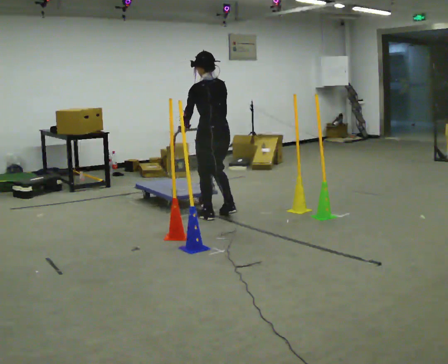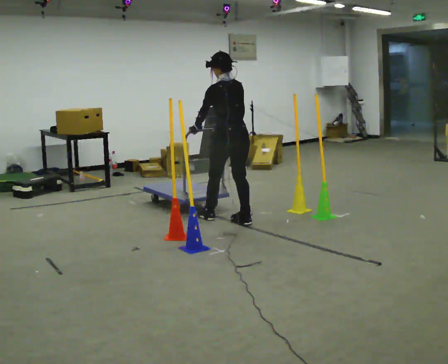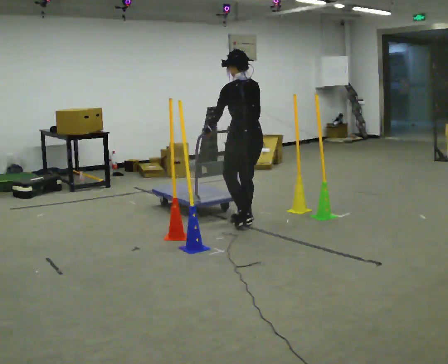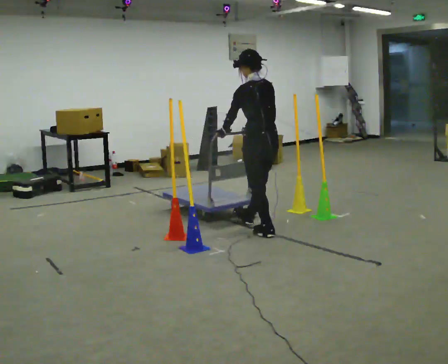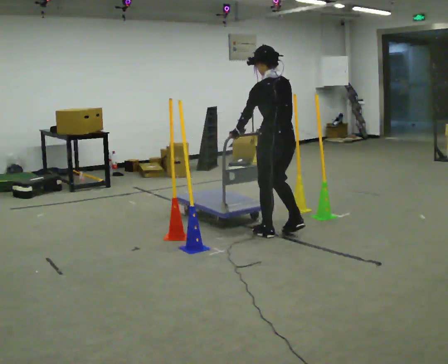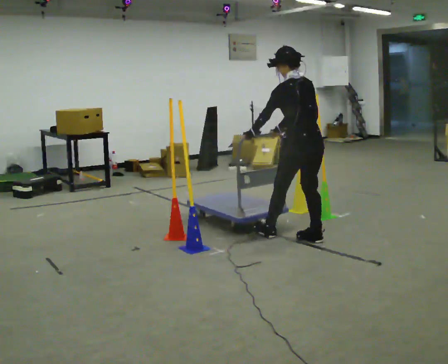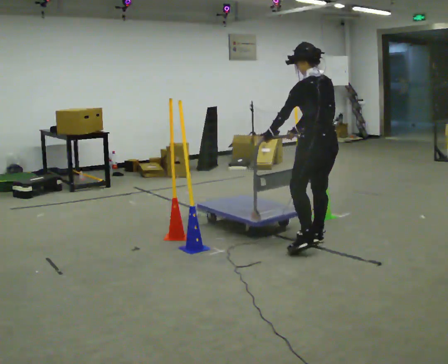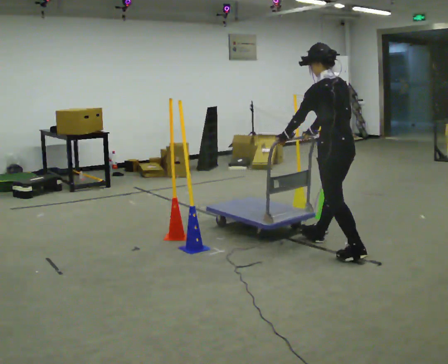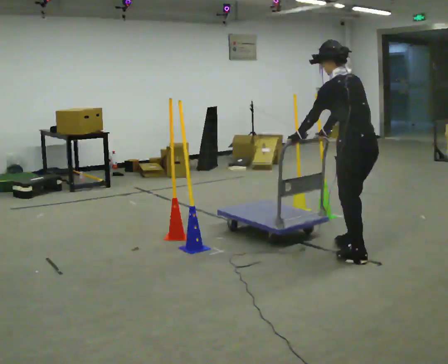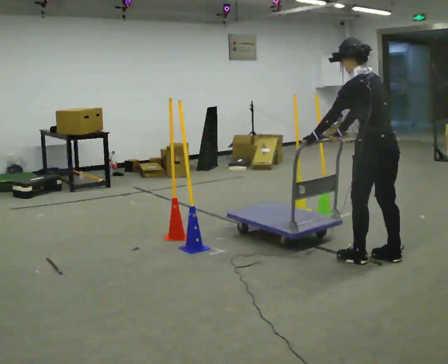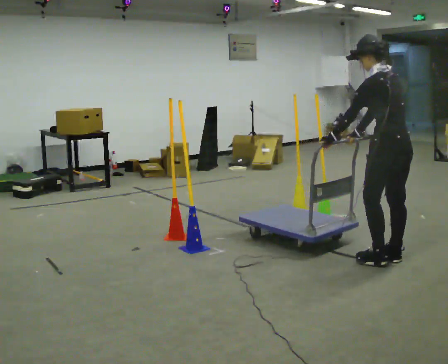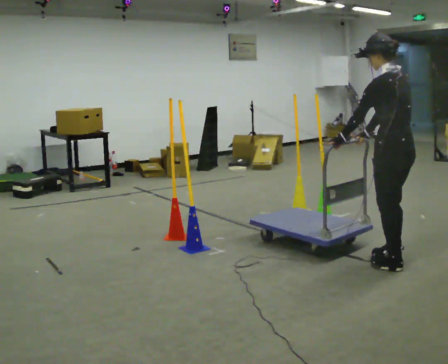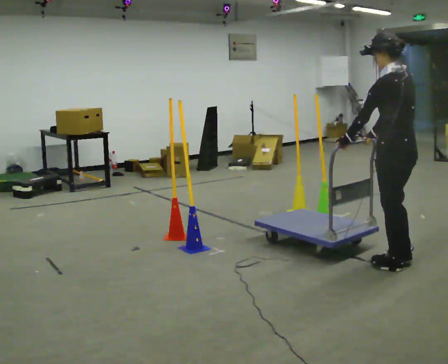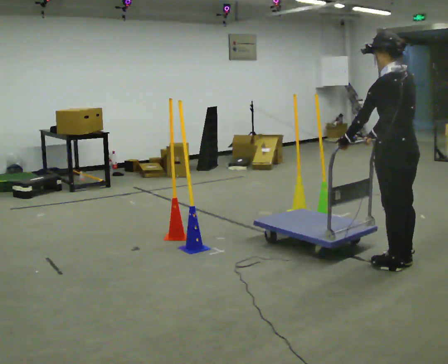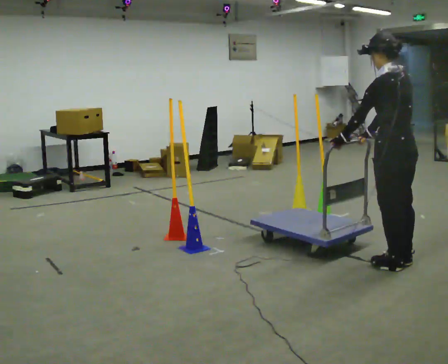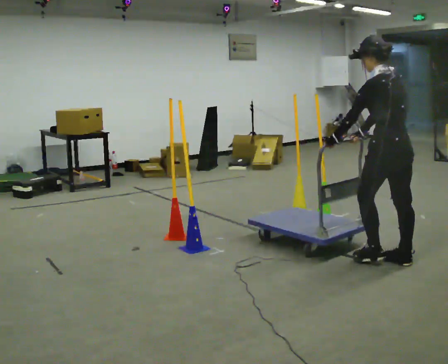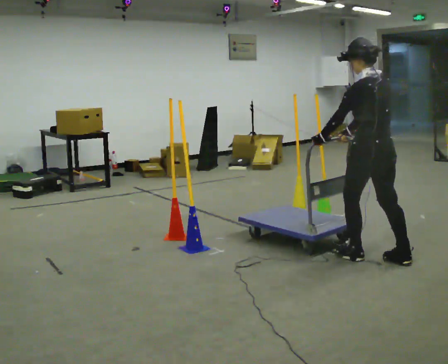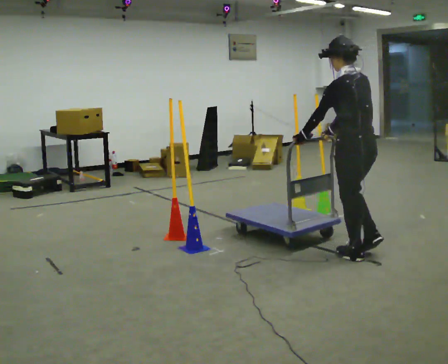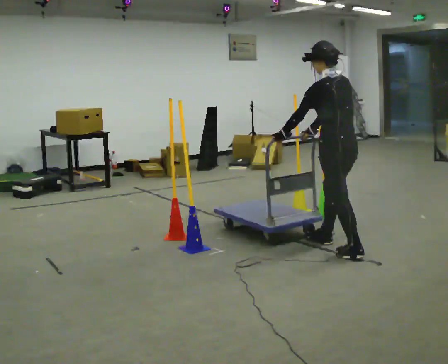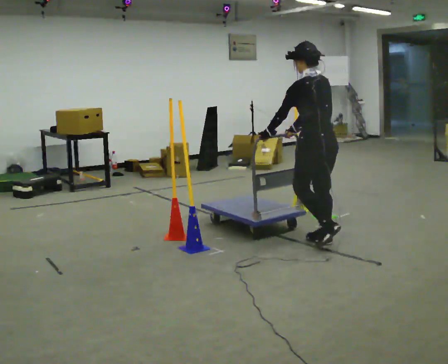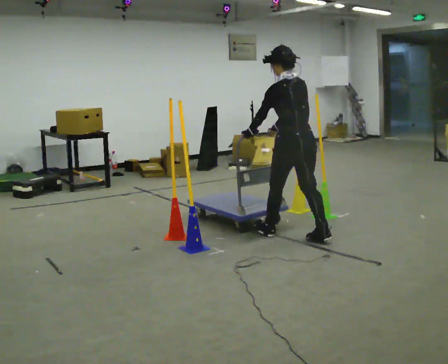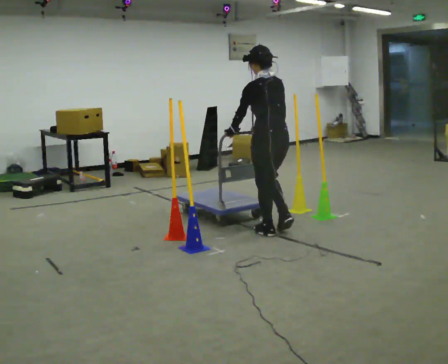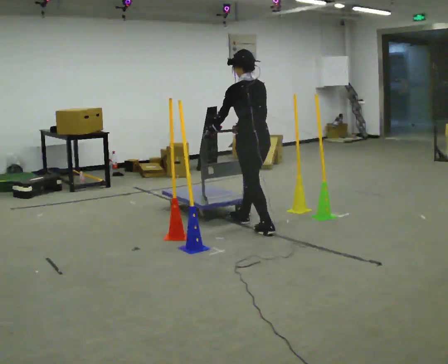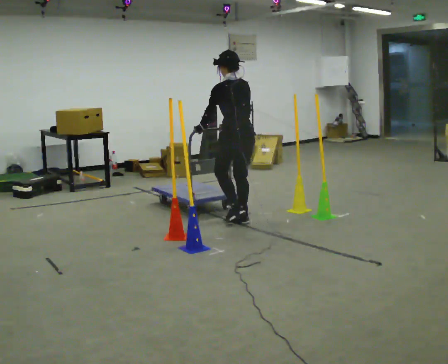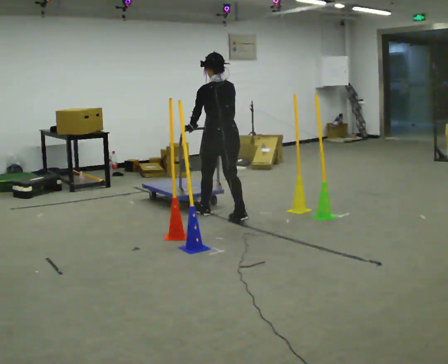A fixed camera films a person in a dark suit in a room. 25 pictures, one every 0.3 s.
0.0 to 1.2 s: In the picture they go to the right and toward the camera, about 1 m in 2 steps, which for them is backward.
1.2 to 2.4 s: In the picture they go to the right and toward the camera, about 1 m in 2 steps, which for them is backward.
2.4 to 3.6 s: In the picture they go to the right and toward the camera, about 0.25 m in 2 steps, which for them is backward. In the picture the upper body tilts clockwise, shoulders to the right, as they lean back or straighten.
3.6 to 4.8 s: In the picture they go to the left and away from the camera, about 0.25 m in 1 step, which for them is forward.
4.8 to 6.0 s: In the picture they go to the left and away from the camera, about 1 m in 2 steps, which for them is forward.
6.0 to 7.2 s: In the picture they go to the left and away from the camera, about 1 m in 2 steps, which for them is forward.
The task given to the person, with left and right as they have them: Push the cart in and out of the line of poles without touching any of them. Keep going until the operator says stop.
The film runs forward here.
